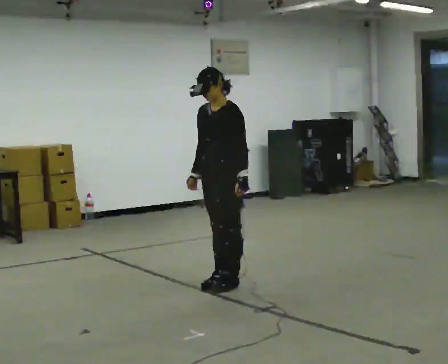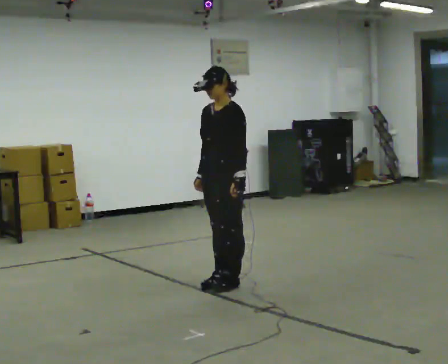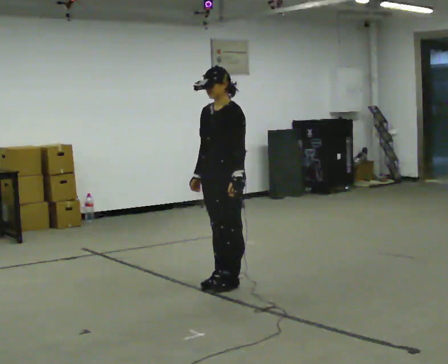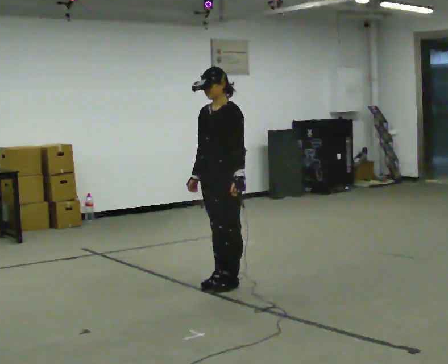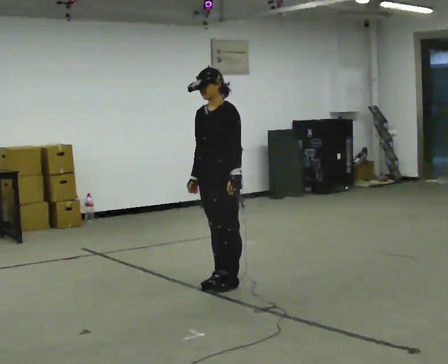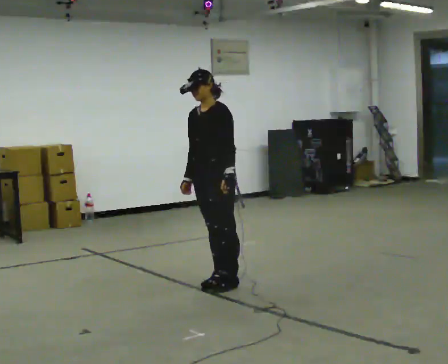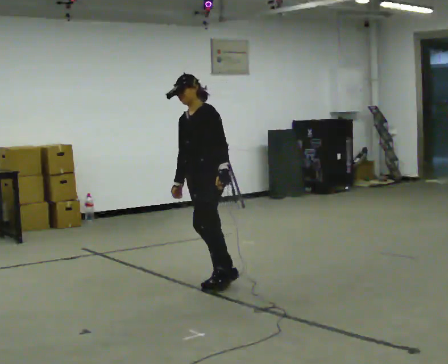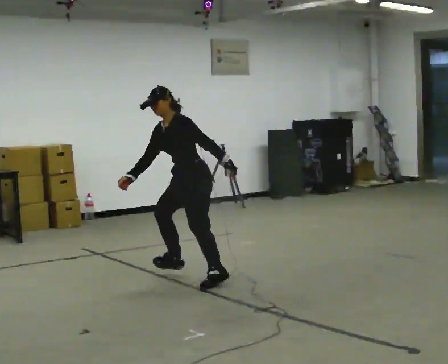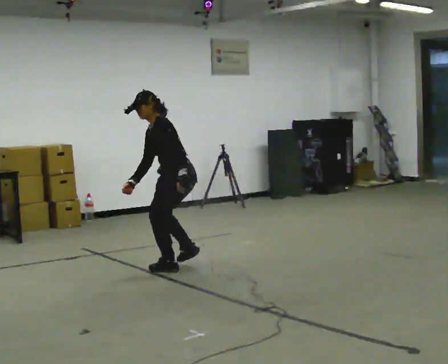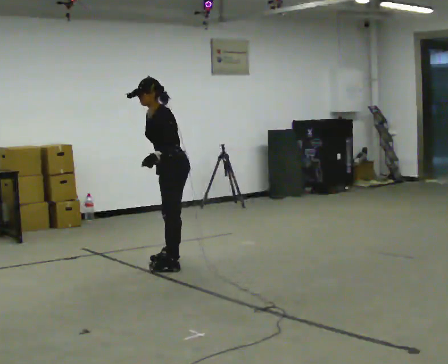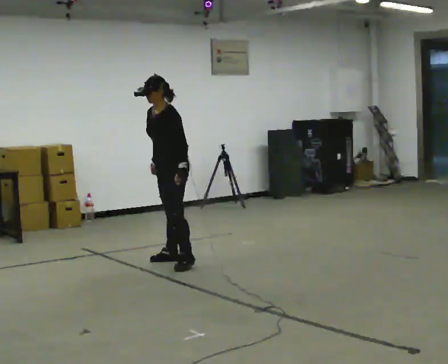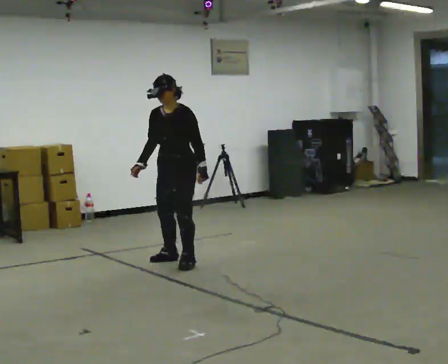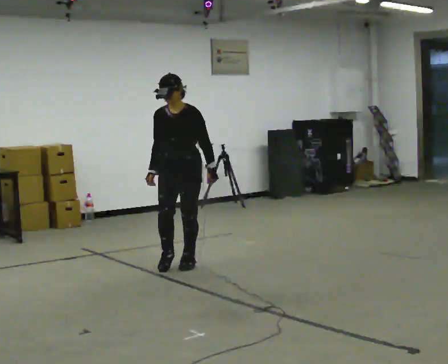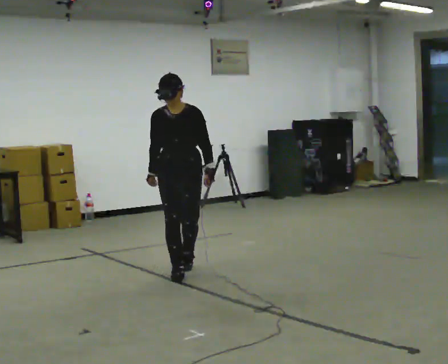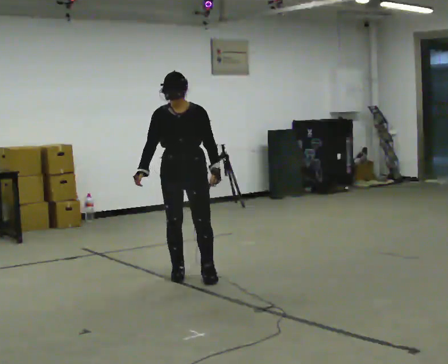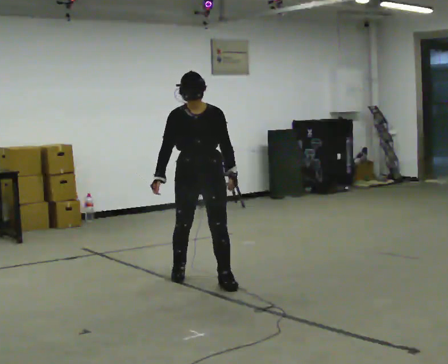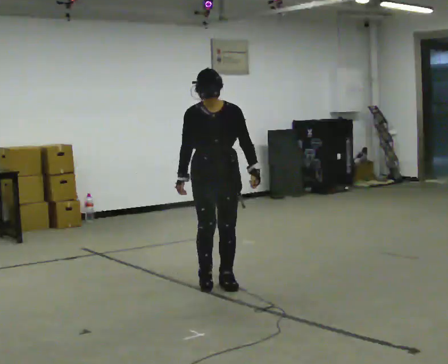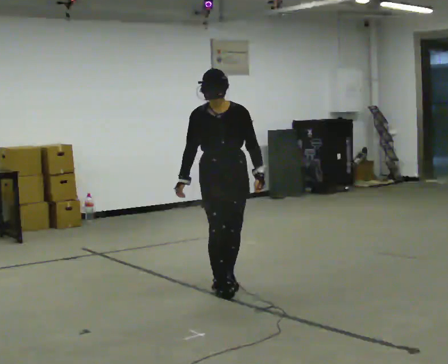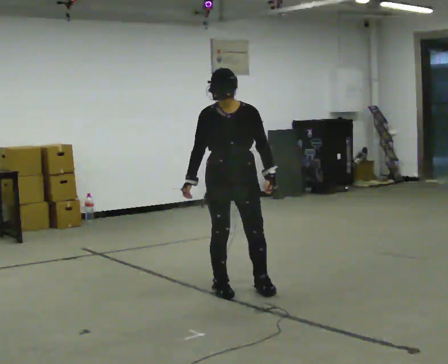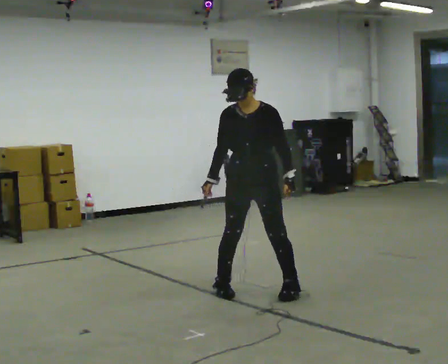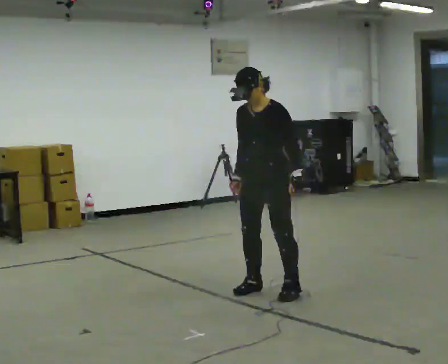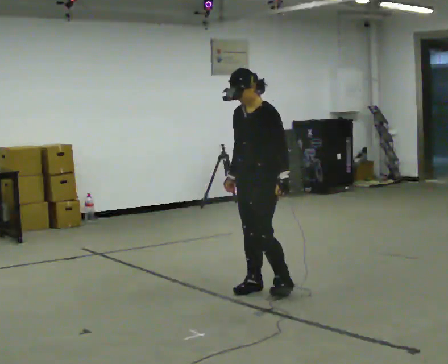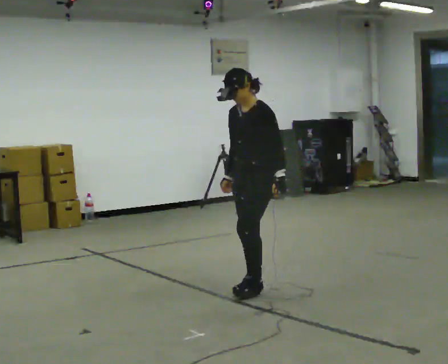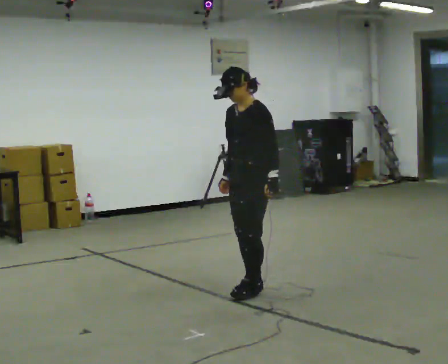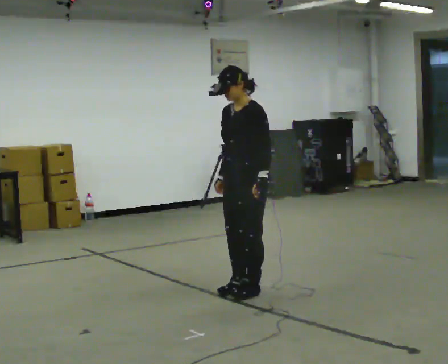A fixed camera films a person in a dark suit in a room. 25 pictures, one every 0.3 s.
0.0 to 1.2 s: The person moves a little, or ends about where they began.
1.2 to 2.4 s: The person turns about 45 degrees to their right, clockwise seen from above, so the part of the body nearest the lens slides to the left. In the picture they go away from the camera and to the left, about 0.5 m in 1 step, which for them is to their right. In the picture the upper body tilts counterclockwise, shoulders to the left, as they bend forward.
2.4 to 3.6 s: The person turns about 75 degrees to their left, counterclockwise seen from above, so the part of the body nearest the lens slides to the right. In the picture the upper body tilts clockwise, shoulders to the right, as they lean back or straighten.
3.6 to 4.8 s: In the picture they go toward the camera and to the right, about 0.5 m in 2 steps, which for them is forward and to their left.
4.8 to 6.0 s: Seen from above the body turns clockwise, about 45 degrees: to their right, with its near side sliding to the left. In the picture they go to the right and toward the camera, about 0.5 m in 2 steps, which for them is to their left and forward.
6.0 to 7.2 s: The person moves a little, or ends about where they began.
The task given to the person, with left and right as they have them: Stand on the marked spots. Lean to the side the operator calls until you cannot hold it, then step to catch yourself. Return to the spots. Repeat at your own pace until the operator says stop. Go slowly and only as far as you are comfortable. Step whenever you need to; do not try to hold on longer than feels safe.
The film runs forward here.
